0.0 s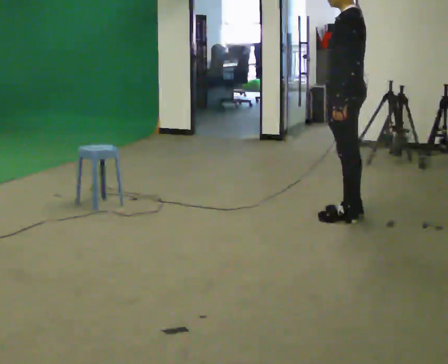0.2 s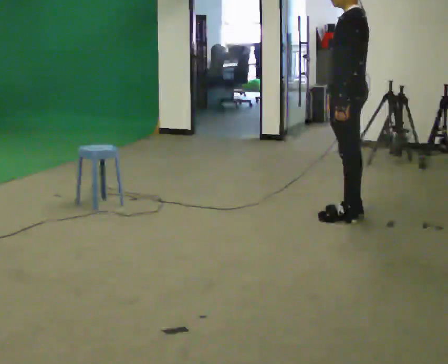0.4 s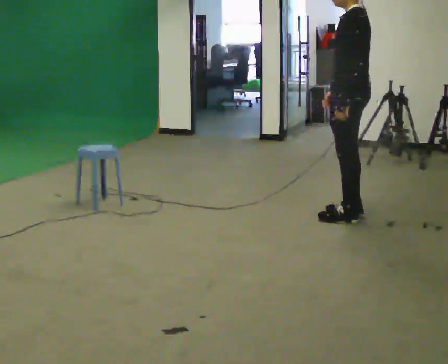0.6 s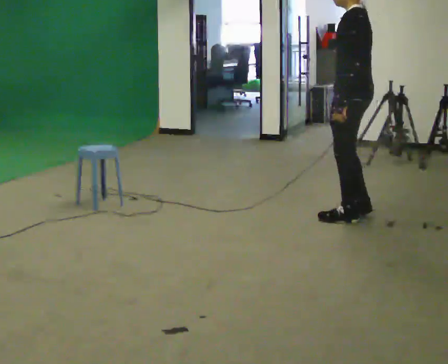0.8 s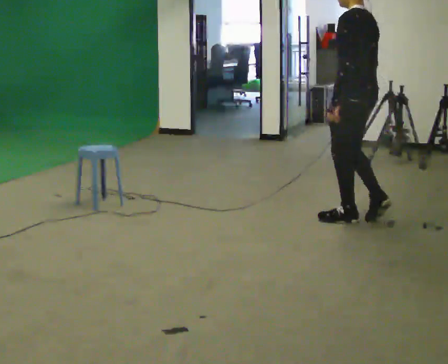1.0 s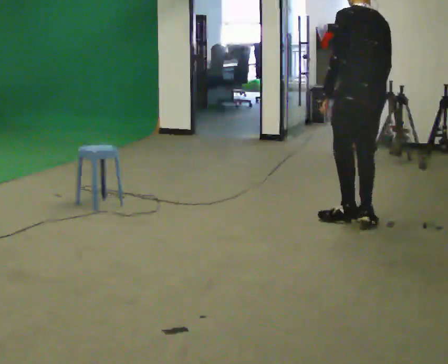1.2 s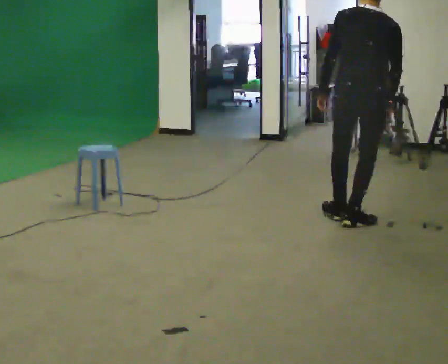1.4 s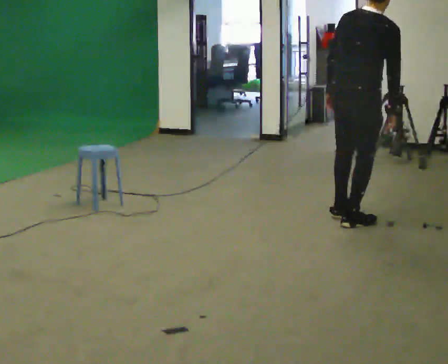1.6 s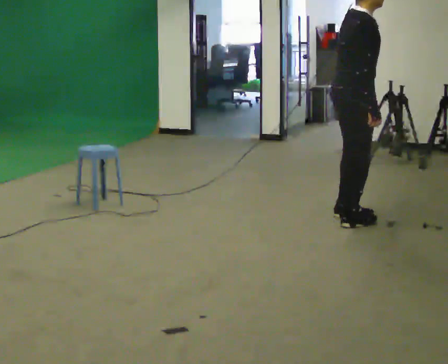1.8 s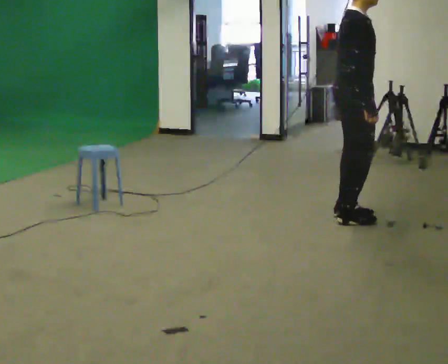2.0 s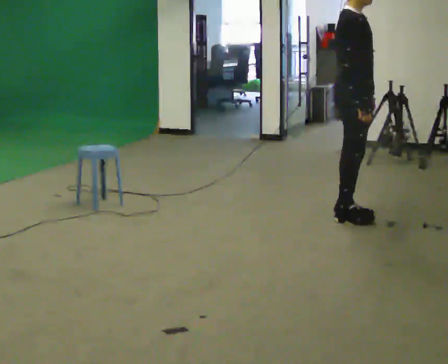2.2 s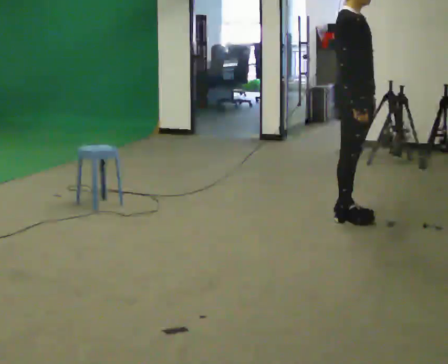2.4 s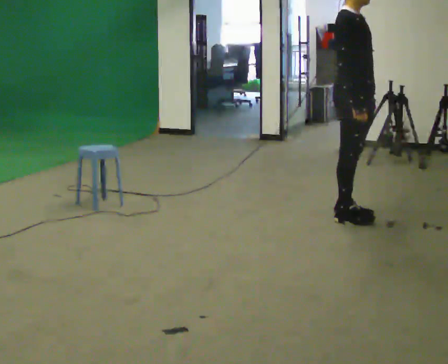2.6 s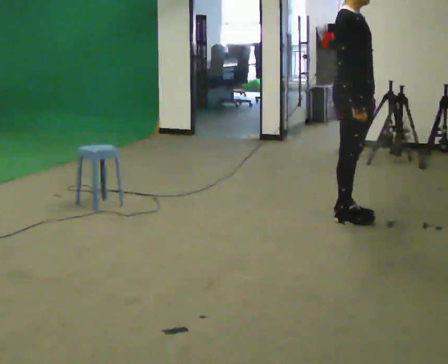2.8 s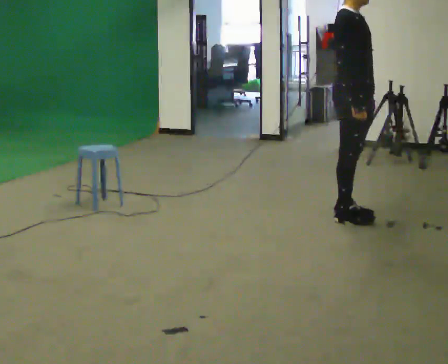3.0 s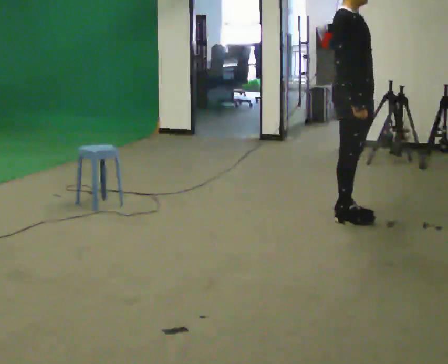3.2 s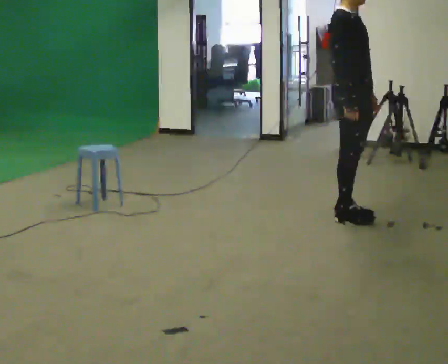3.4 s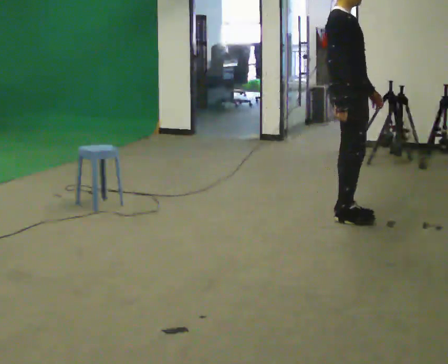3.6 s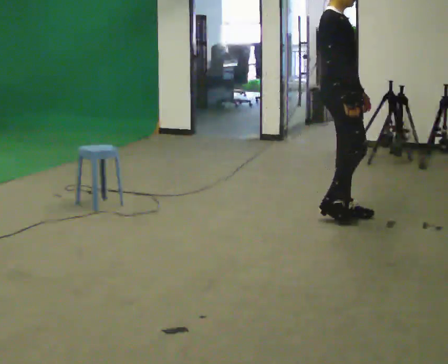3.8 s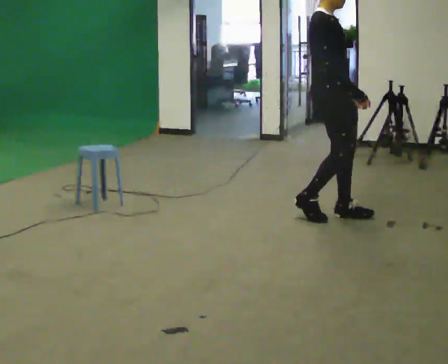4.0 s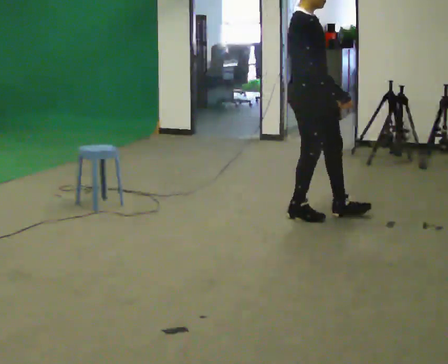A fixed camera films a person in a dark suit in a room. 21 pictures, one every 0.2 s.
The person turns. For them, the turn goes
to their right.
The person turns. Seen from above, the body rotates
clockwise.
0.0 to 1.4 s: The part of the body nearest the lens slides to the left as the person turns to their right by about 120 degrees. In the picture they go toward the camera, about 0.25 m in 2 steps. In the picture the upper body tilts clockwise, shoulders to the right, as they bend forward.
1.4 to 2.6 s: The part of the body nearest the lens slides to the left as the person turns to their right by about 75 degrees. In the picture the upper body tilts counterclockwise, shoulders to the left, as they lean back or straighten.
2.6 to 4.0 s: In the picture they go to the left, about 0.25 m in 2 steps, which for them is backward.
The film runs backward here.
